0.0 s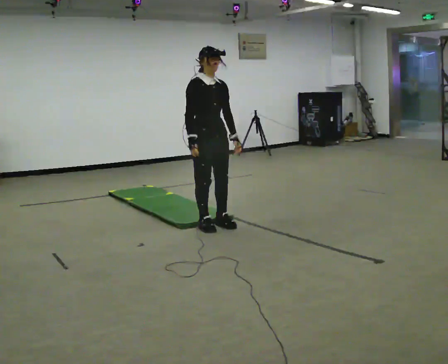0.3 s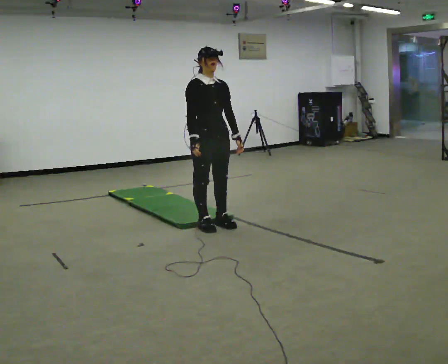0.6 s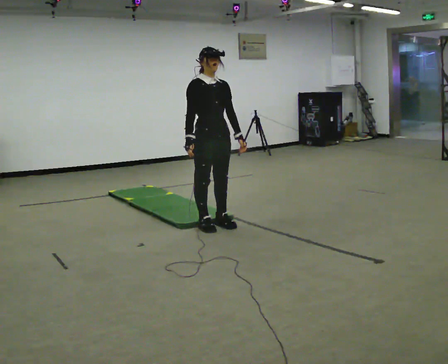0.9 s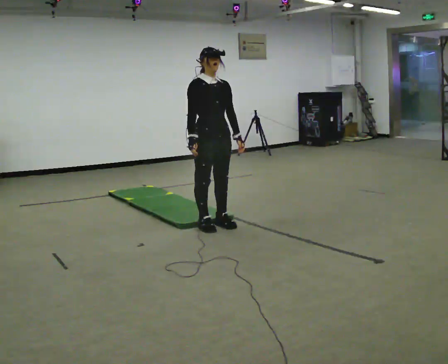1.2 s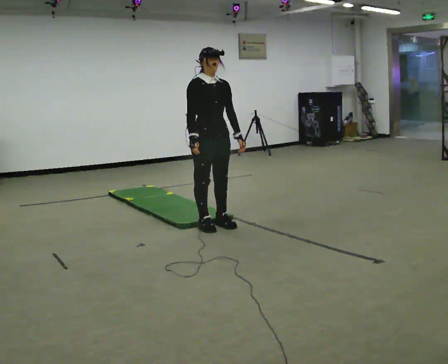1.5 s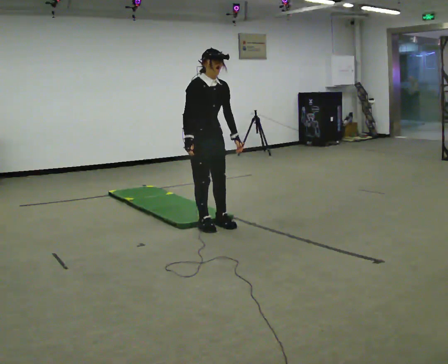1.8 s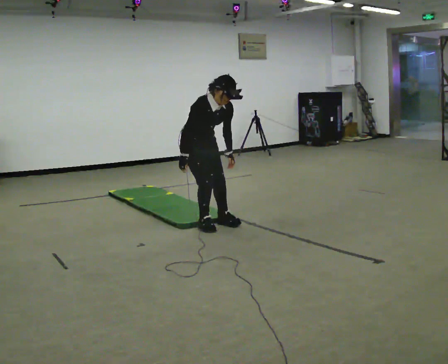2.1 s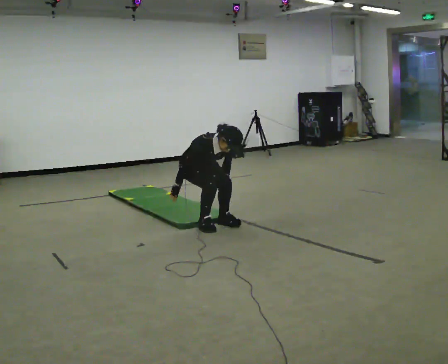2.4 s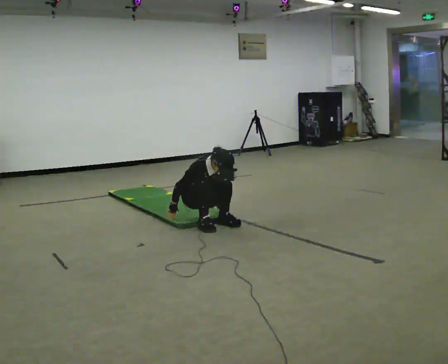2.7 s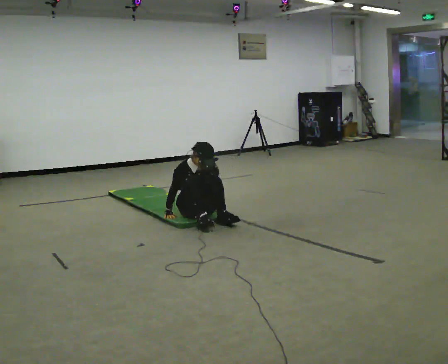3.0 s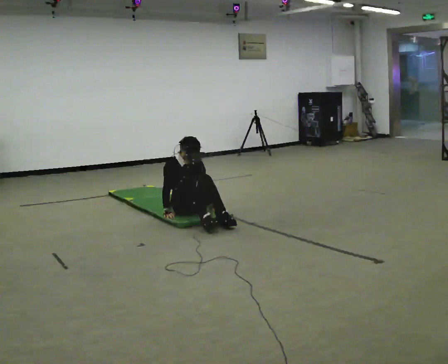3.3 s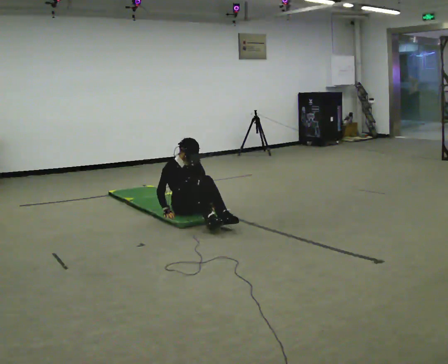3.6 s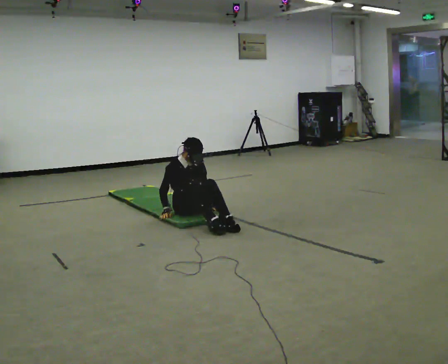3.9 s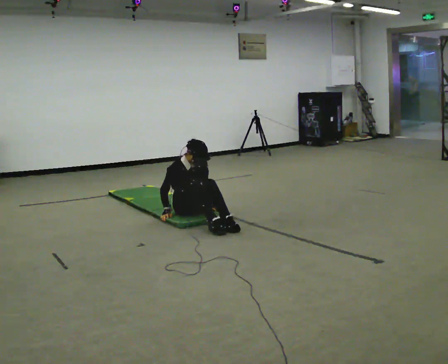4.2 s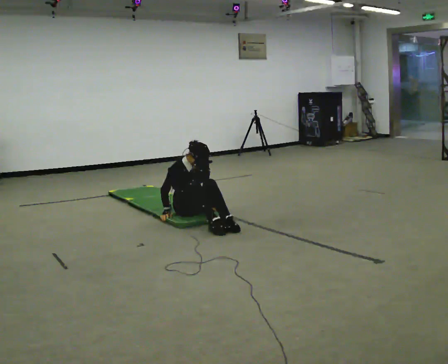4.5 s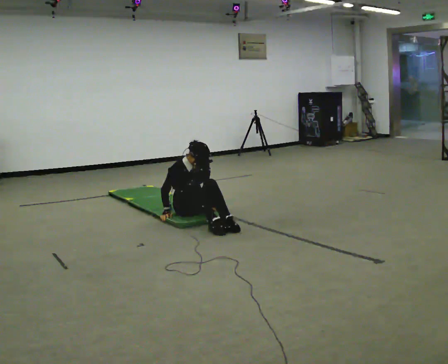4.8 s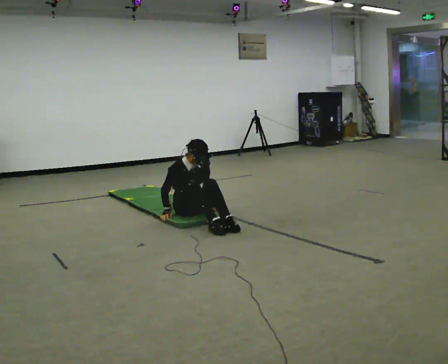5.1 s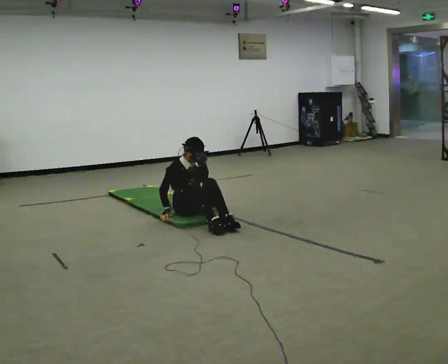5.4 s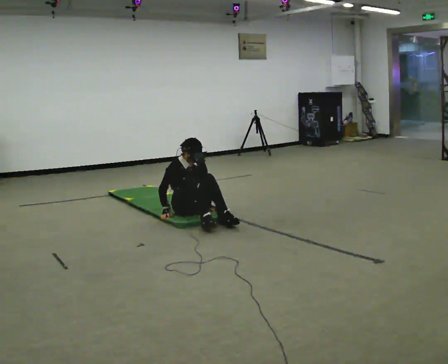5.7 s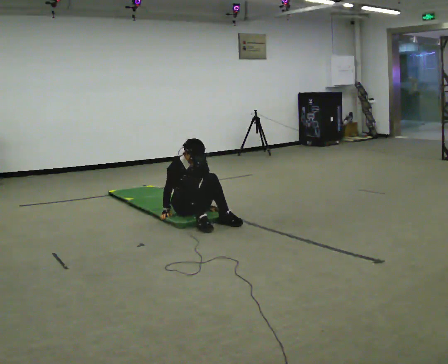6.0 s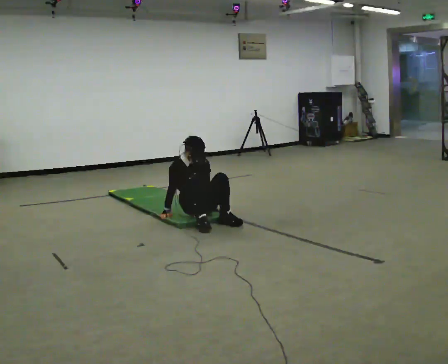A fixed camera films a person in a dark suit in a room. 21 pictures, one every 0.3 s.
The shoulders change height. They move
downward.
Their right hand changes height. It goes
downward.
0.0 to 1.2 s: The person moves a little, or ends about where they began.
1.2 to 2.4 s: In the picture they go away from the camera, about 0.25 m, which for them is backward. The upper body goes downward. In the picture their right hand goes downward.
2.4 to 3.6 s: The upper body tips away from the camera, its near side rolling upward, as they lean back or straighten.
3.6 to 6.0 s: The person moves a little, or ends about where they began.
The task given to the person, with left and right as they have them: From standing, sit down on the floor, then stand back up in whatever way is natural. Repeat the movement at your own pace until the operator says stop; do not rush.
The film runs forward here.
